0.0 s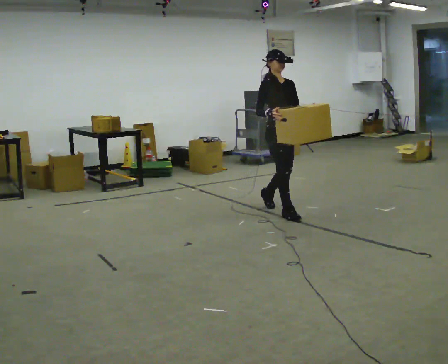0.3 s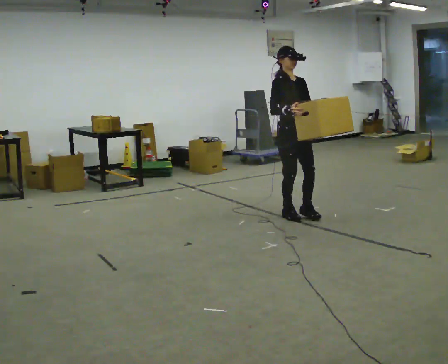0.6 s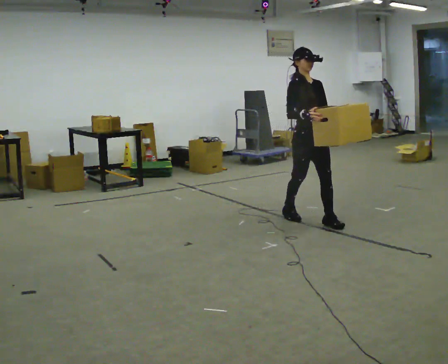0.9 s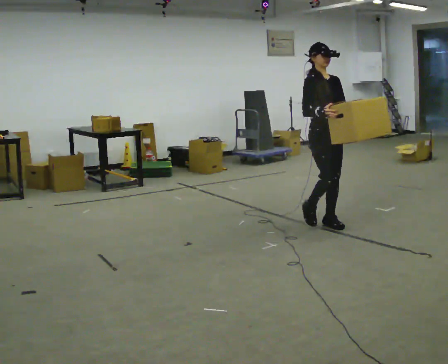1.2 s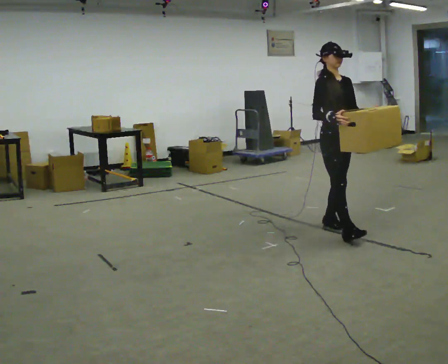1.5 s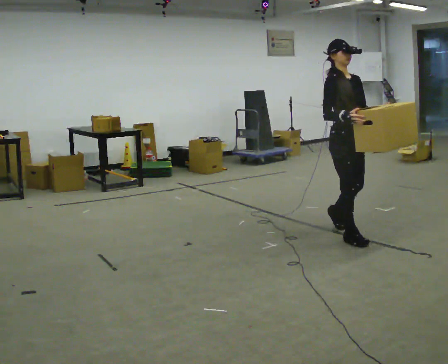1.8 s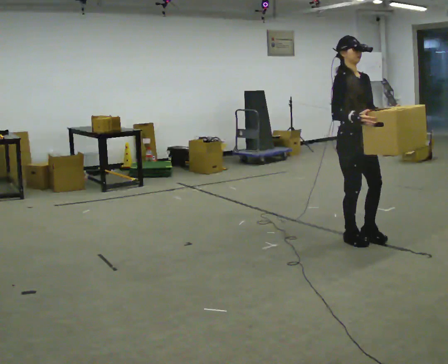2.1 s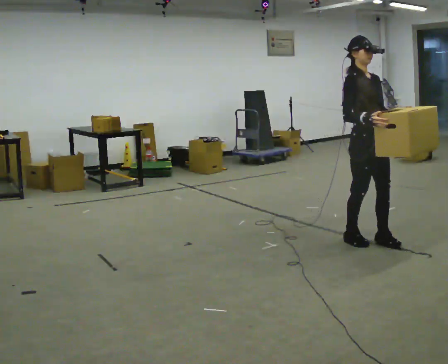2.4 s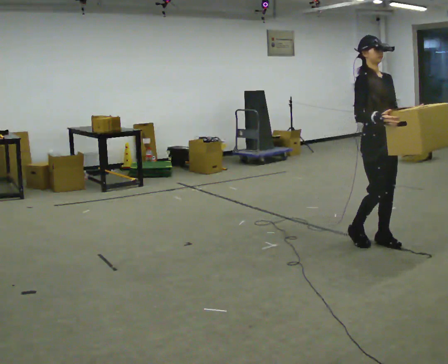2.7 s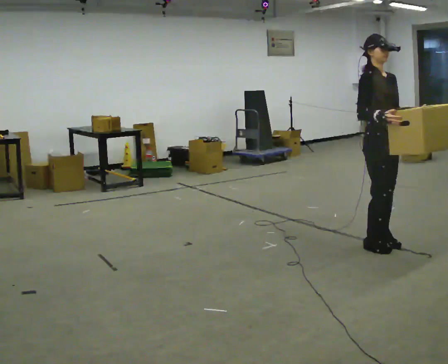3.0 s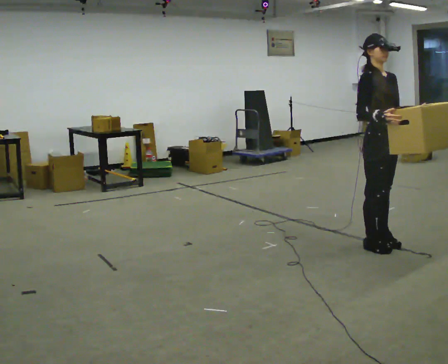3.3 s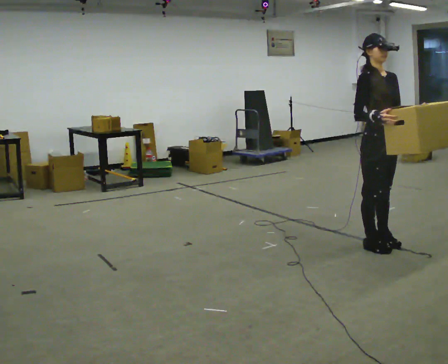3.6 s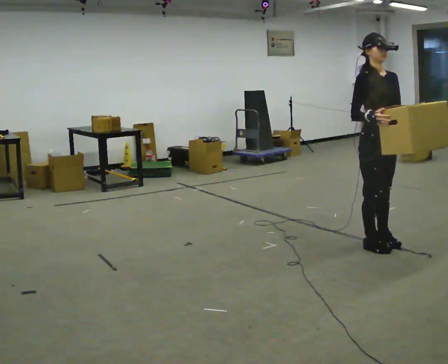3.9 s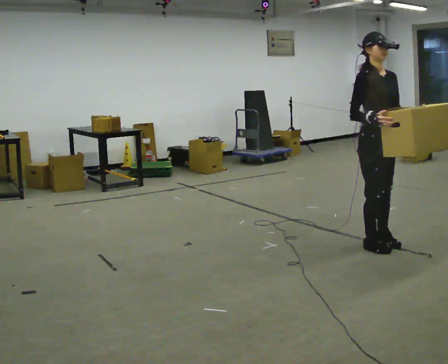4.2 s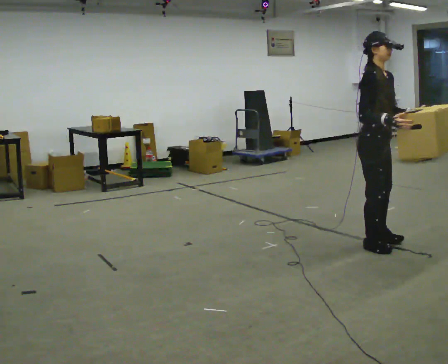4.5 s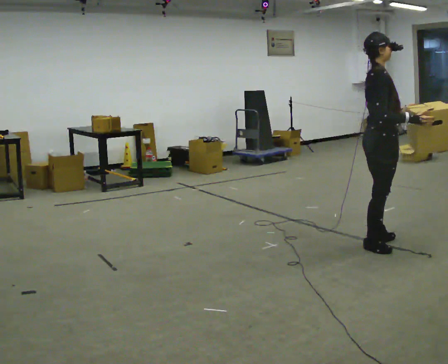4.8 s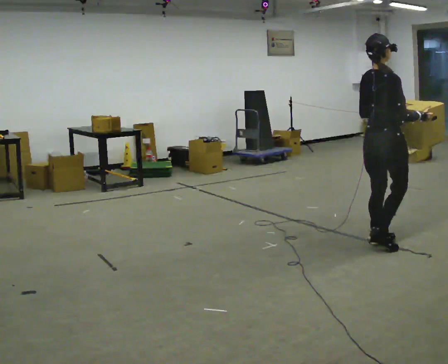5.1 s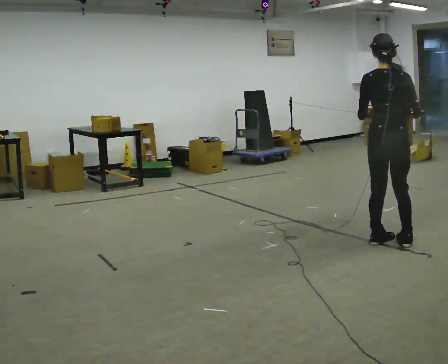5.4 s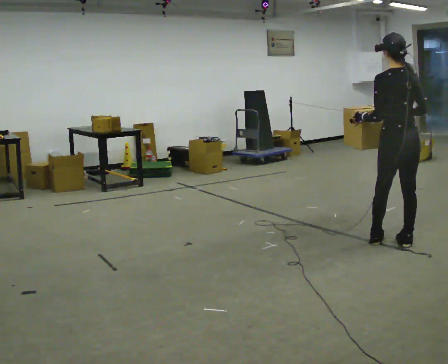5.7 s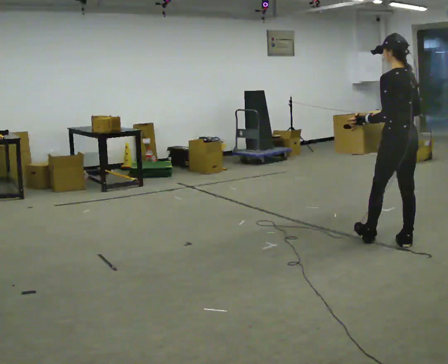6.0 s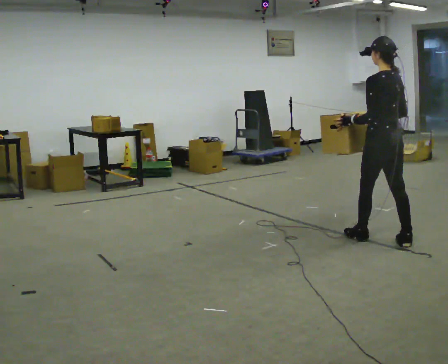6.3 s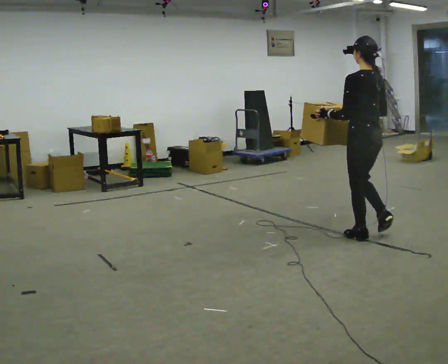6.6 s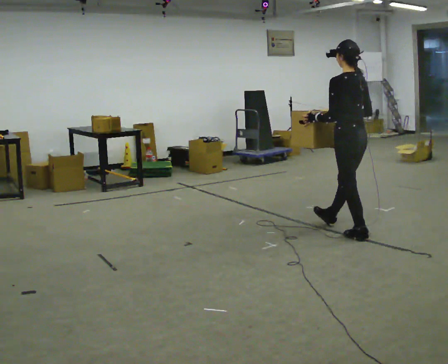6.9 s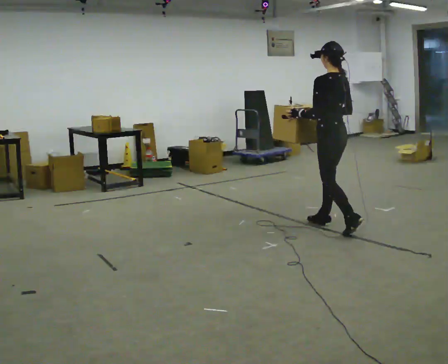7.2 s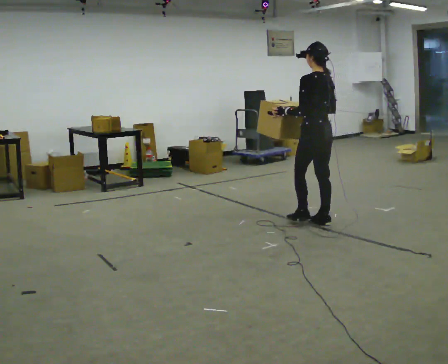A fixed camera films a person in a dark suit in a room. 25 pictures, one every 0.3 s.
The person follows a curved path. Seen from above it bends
counterclockwise.
0.0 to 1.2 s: In the picture they go toward the camera and to the right, about 1 m in 1 step, which for them is forward.
1.2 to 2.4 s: In the picture they go toward the camera and to the right, about 0.5 m in 2 steps, which for them is forward.
2.4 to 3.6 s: The person moves a little, or ends about where they began.
3.6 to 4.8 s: The part of the body nearest the lens slides to the right as the person turns to their left by about 105 degrees. In the picture their right hand goes to the right, the arm swinging counterclockwise.
4.8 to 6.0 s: Seen from above the body turns counterclockwise, about 90 degrees: to their left, with its near side sliding to the right.
6.0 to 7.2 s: In the picture they go away from the camera and to the left, about 1 m in 1 step, which for them is forward.
The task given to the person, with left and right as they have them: Carry the heaviest box in both hands in front of you, walking back and forth across the room. Only carry what is comfortable. Set it down whenever you need to.
The film runs forward here.
